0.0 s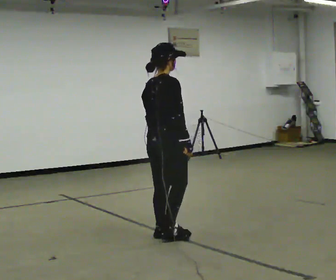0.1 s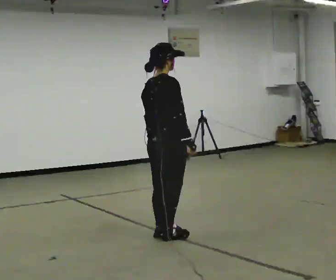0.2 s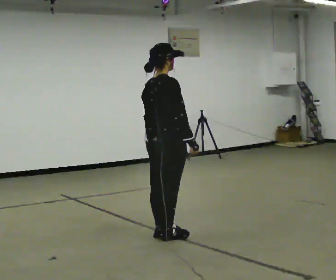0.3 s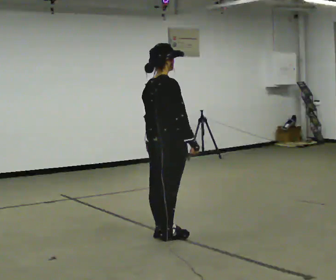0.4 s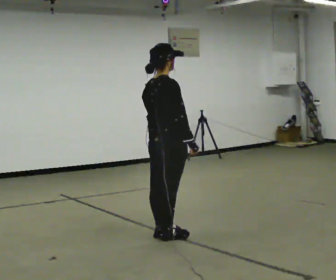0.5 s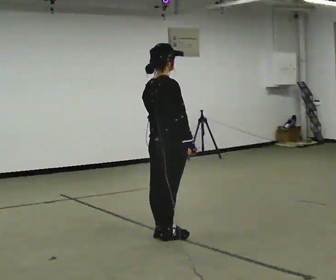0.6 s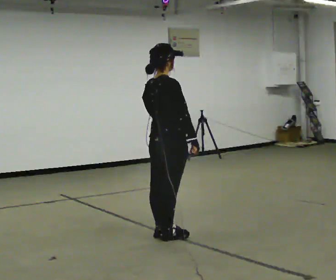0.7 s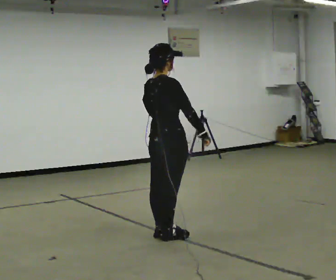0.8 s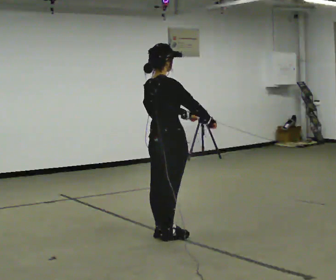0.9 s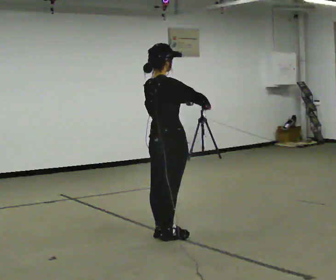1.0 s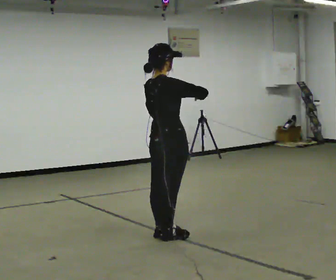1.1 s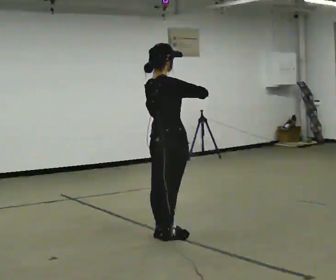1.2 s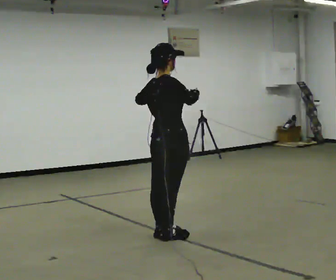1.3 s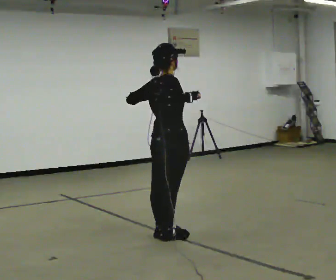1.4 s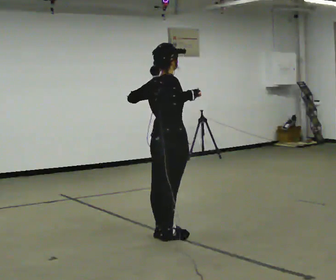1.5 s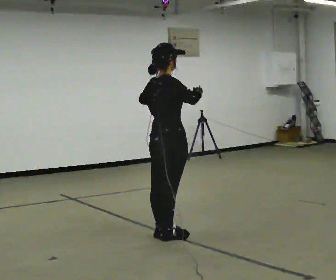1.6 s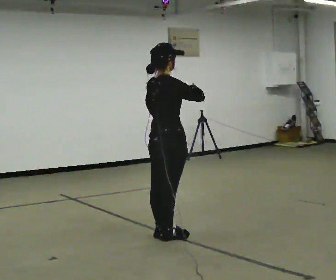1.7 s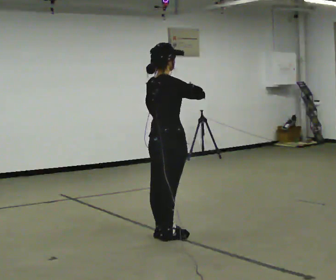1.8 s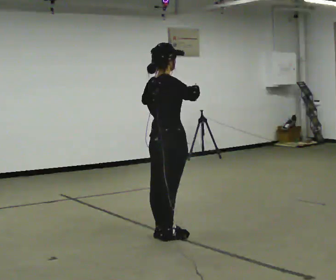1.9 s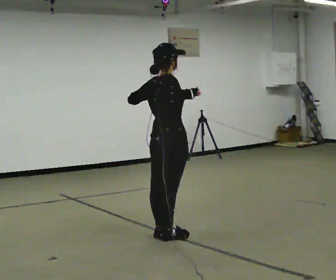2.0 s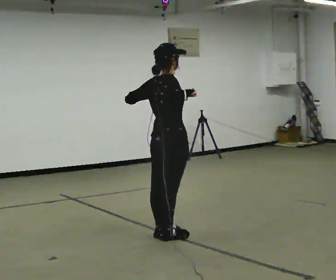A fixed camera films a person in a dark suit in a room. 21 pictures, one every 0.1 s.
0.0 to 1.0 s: In the picture their left hand goes upward.
1.0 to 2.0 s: In the picture their left hand goes to the left.
The film runs forward here.
